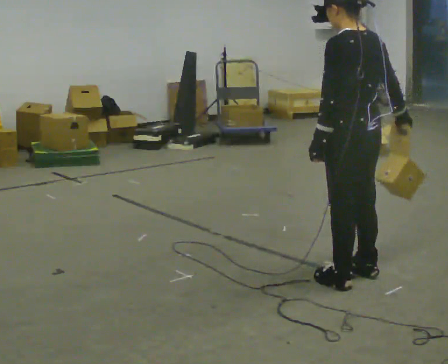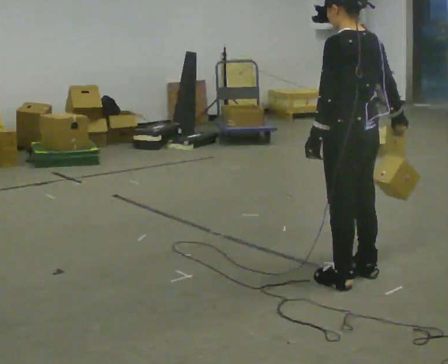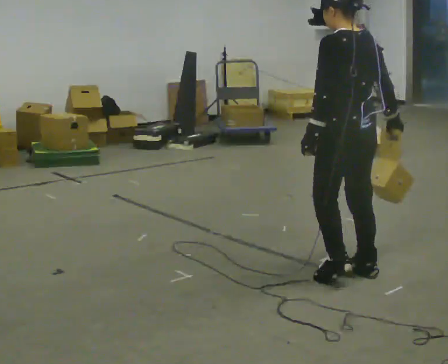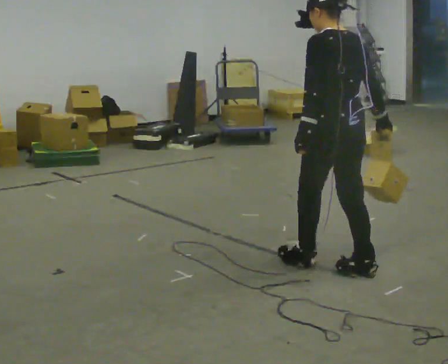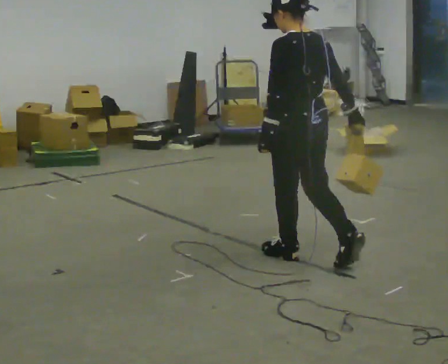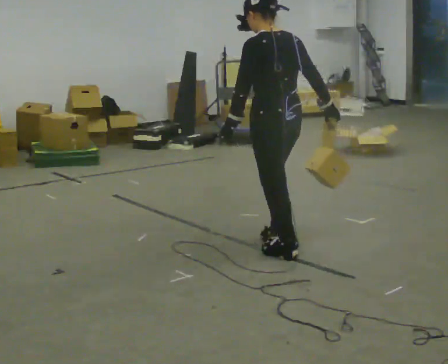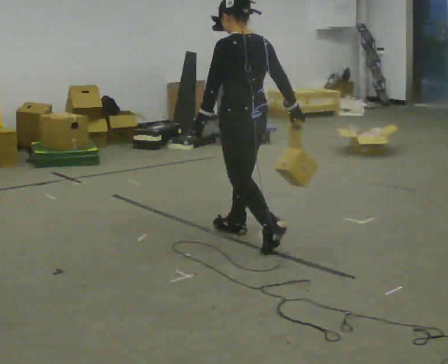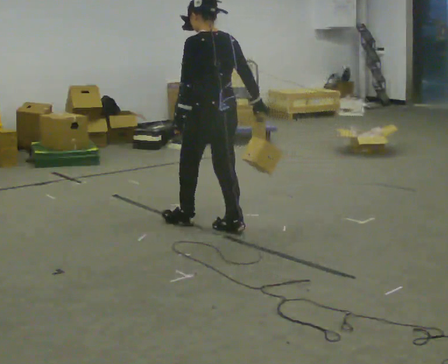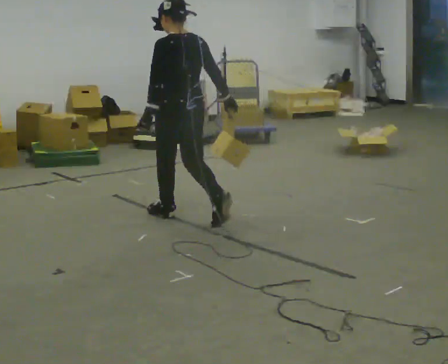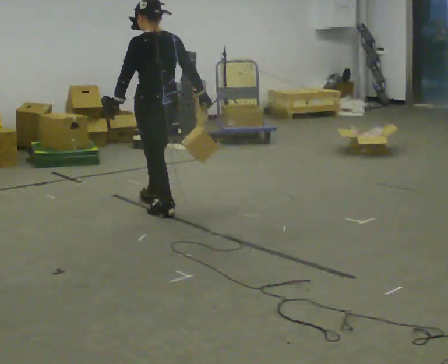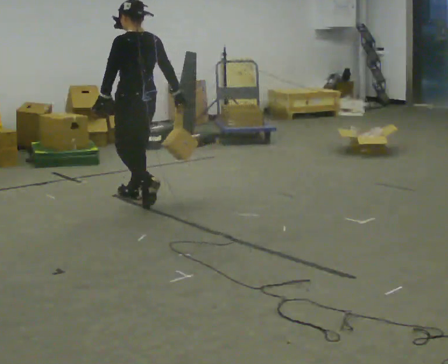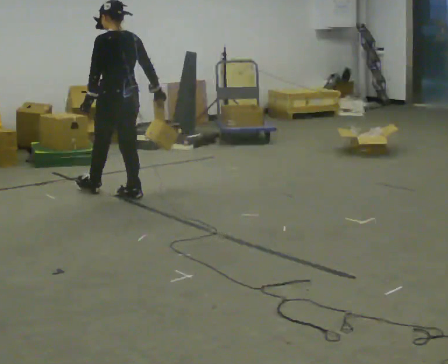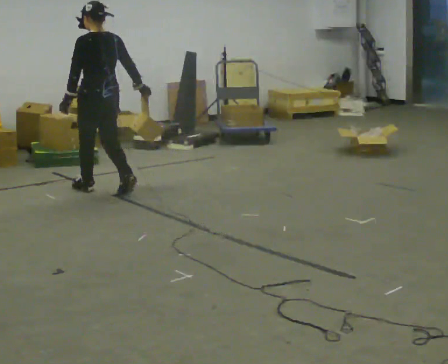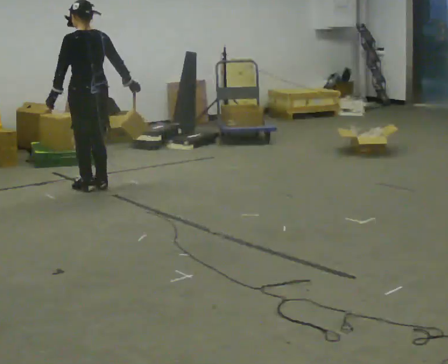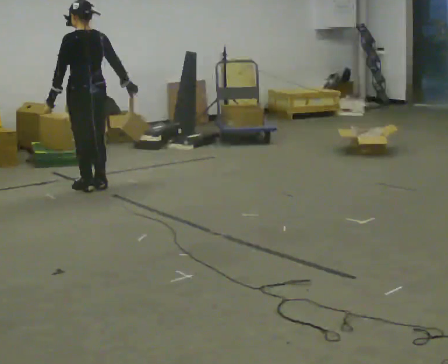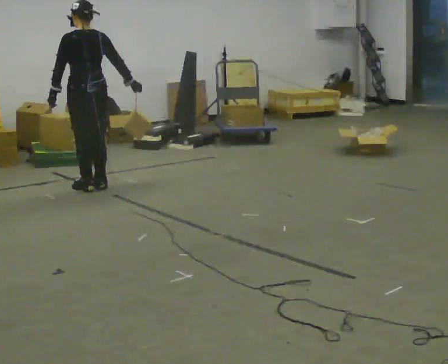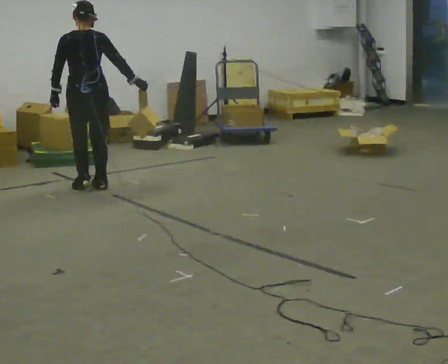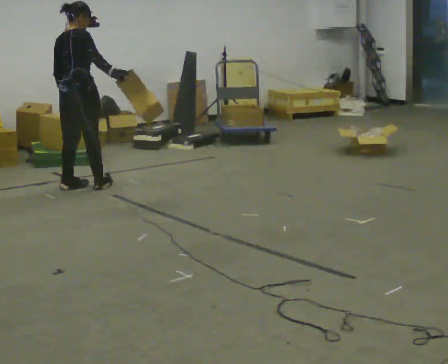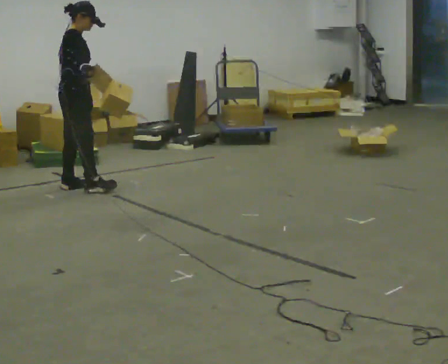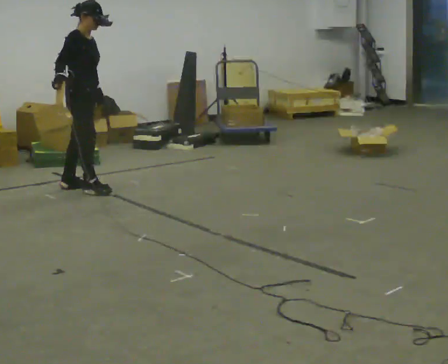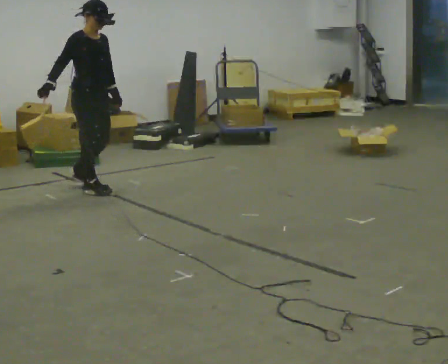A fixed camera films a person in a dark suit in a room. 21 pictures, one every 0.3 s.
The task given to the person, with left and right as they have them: Hold the object against your hip on the side the operator calls, and carry it back and forth across the room.
0.0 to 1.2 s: In the picture they go away from the camera and to the left, about 0.5 m in 1 step, which for them is forward.
1.2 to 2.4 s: In the picture they go away from the camera and to the left, about 1 m in 2 steps, which for them is forward.
2.4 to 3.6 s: In the picture they go away from the camera and to the left, about 1 m in 2 steps, which for them is forward.
3.6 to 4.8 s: Seen from above the body turns clockwise, about 30 degrees: to their right, with its near side sliding to the left. In the picture they go away from the camera, about 0.25 m in 1 step, which for them is forward.
4.8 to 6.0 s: The part of the body nearest the lens slides to the left as the person turns to their right by about 135 degrees. In the picture their right hand goes to the left.
The film runs forward here.
